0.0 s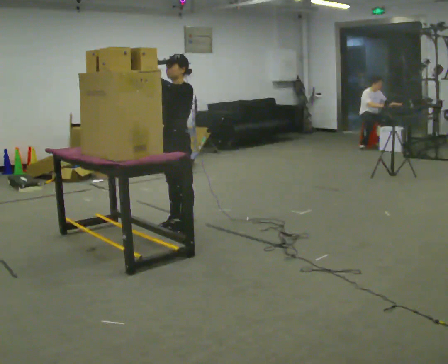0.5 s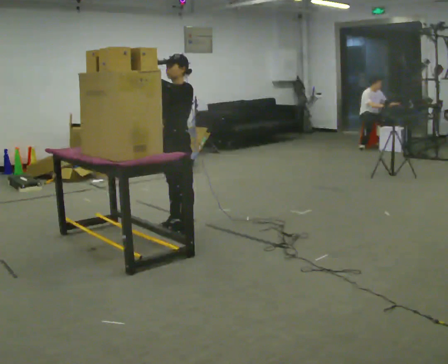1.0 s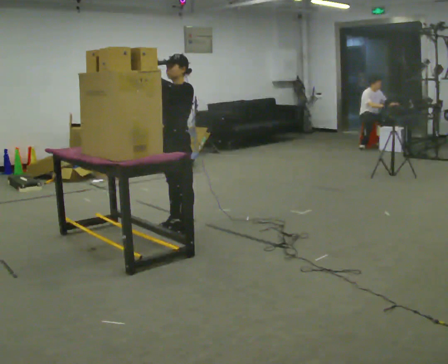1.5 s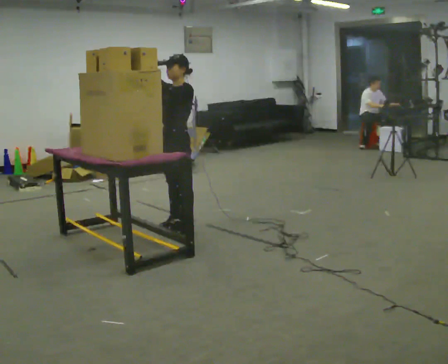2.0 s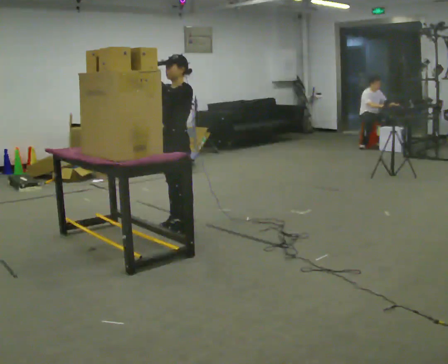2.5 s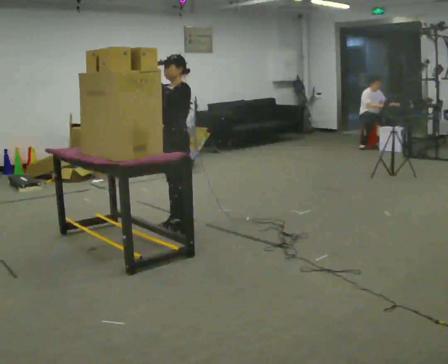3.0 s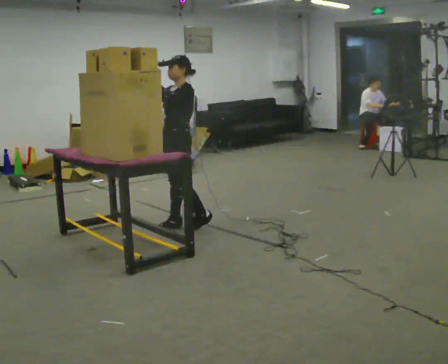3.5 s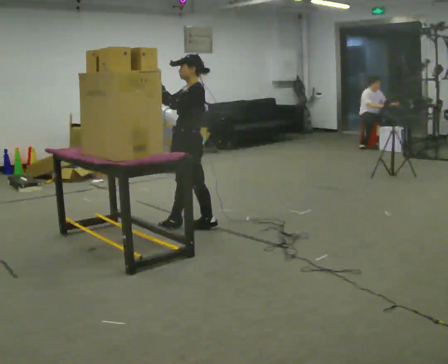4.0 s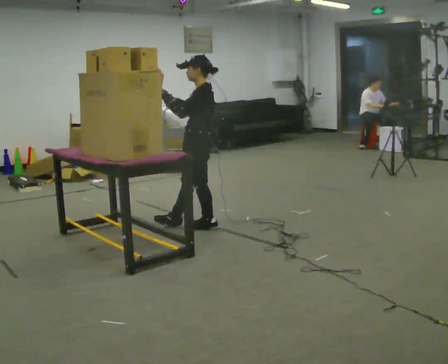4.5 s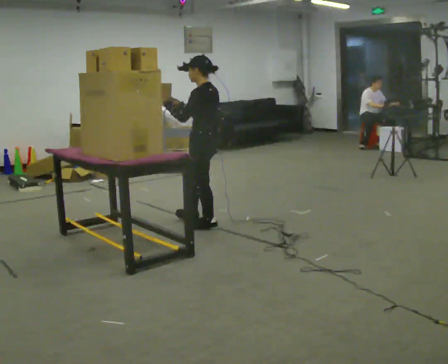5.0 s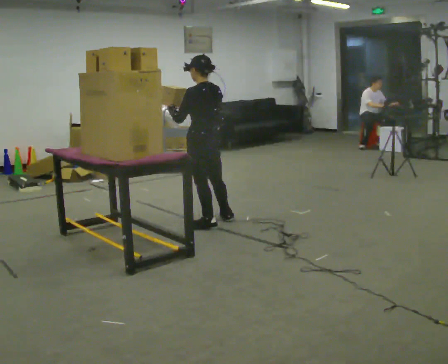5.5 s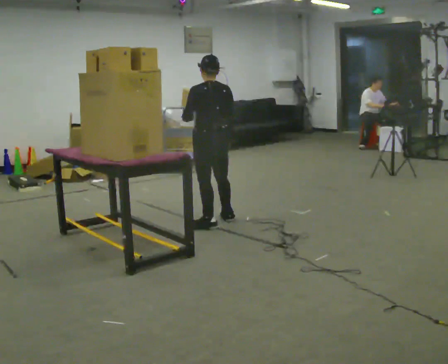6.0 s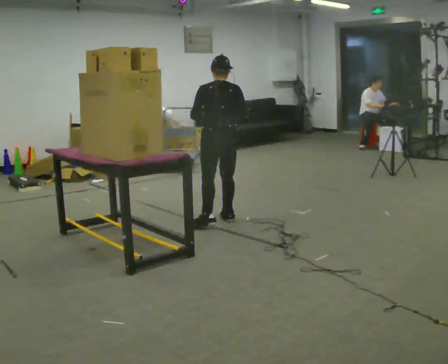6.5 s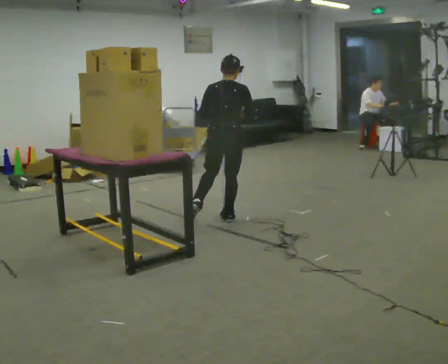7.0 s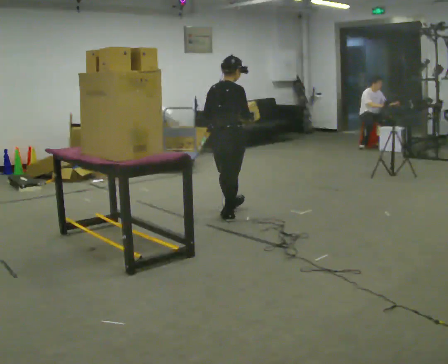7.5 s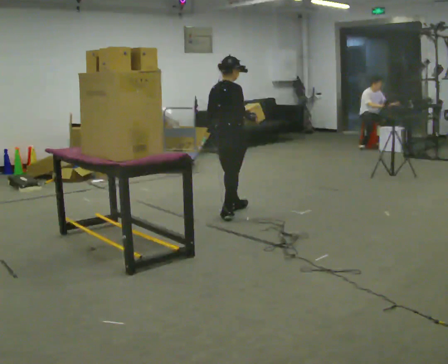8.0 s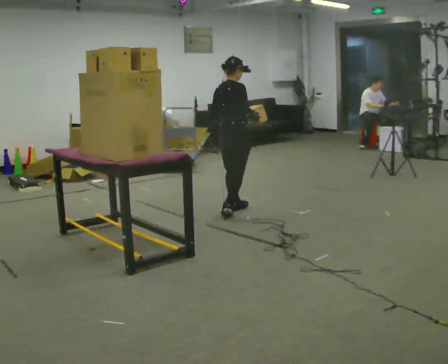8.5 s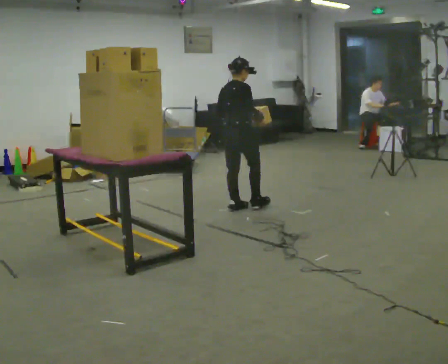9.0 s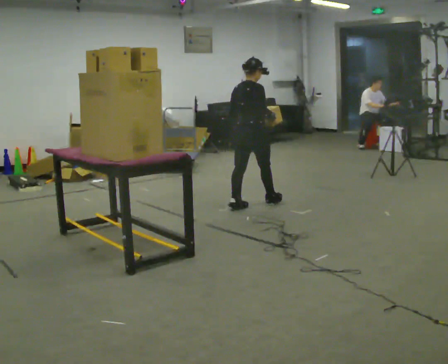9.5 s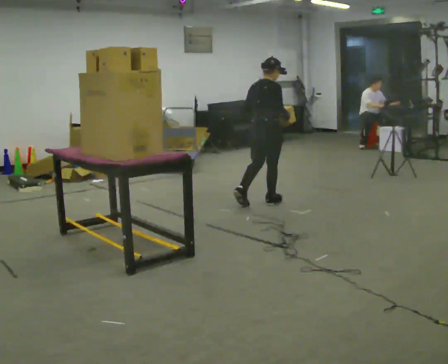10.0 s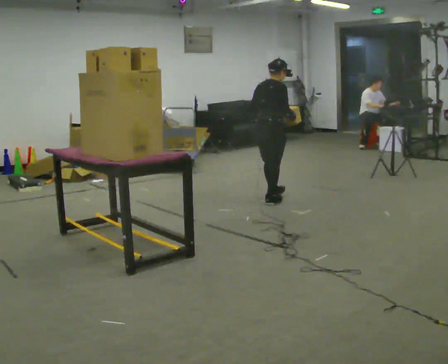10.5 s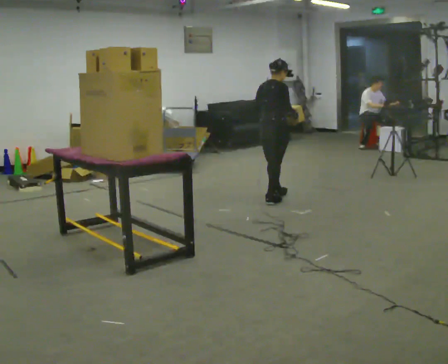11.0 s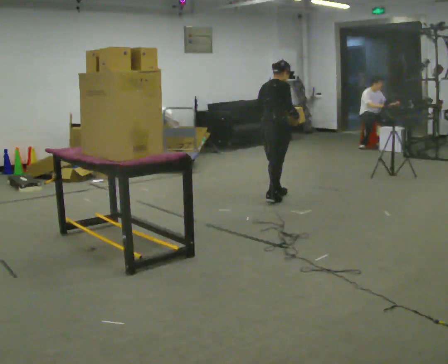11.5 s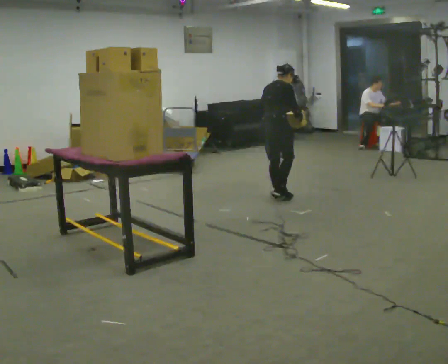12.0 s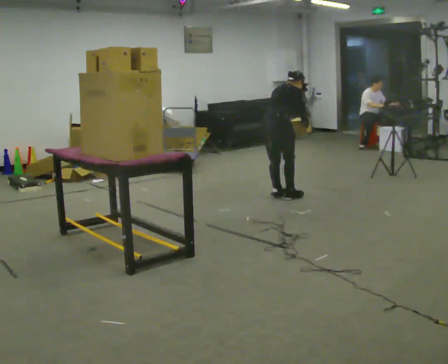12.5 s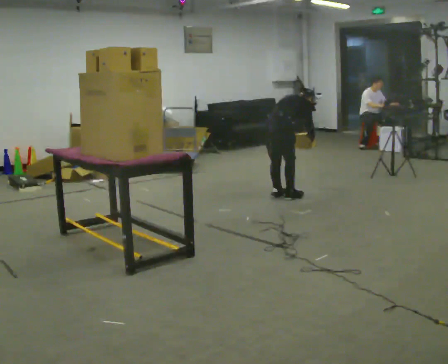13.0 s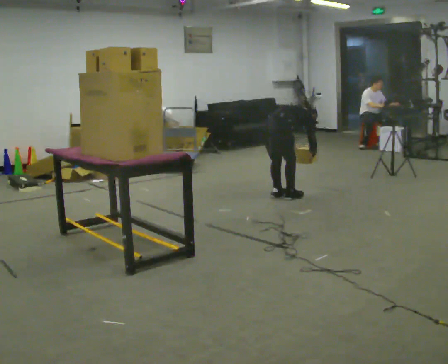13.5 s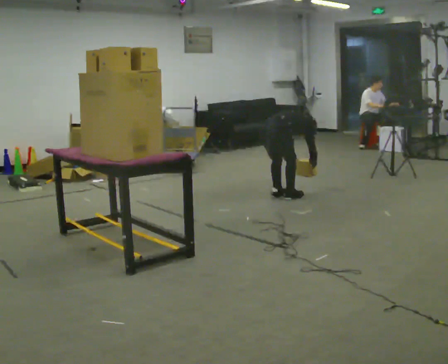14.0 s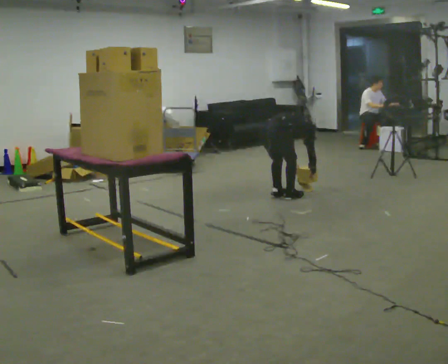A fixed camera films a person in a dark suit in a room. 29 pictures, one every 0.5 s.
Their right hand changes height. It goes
downward.
Their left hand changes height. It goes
downward.
0.0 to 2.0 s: The person moves a little, or ends about where they began.
2.0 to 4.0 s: The person turns about 45 degrees to their right, clockwise seen from above, so the part of the body nearest the lens slides to the left. In the picture they go to the right, about 0.25 m in 1 step, which for them is backward.
4.0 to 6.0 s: Seen from above the body turns clockwise, about 75 degrees: to their right, with its near side sliding to the left. In the picture they go away from the camera, about 0.25 m in 1 step. In the picture their right hand goes to the right.
6.0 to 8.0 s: The part of the body nearest the lens slides to the left as the person turns to their right by about 60 degrees. In the picture they go away from the camera, about 0.5 m in 1 step, which for them is forward and to their left.
8.0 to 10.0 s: In the picture they go to the right and away from the camera, about 0.5 m in 1 step, which for them is forward.
10.0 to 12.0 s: In the picture they go away from the camera, about 0.25 m in 2 steps, which for them is forward. The upper body tips away from the camera, its near side rolling upward, as they bend forward.
12.0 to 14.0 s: The upper body goes downward. In the picture the upper body tilts clockwise, shoulders to the right, as they bend forward. In the picture their right hand goes downward.
The film runs forward here.
